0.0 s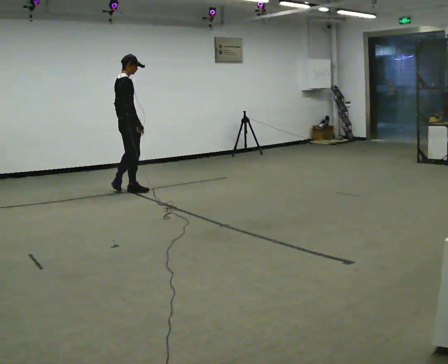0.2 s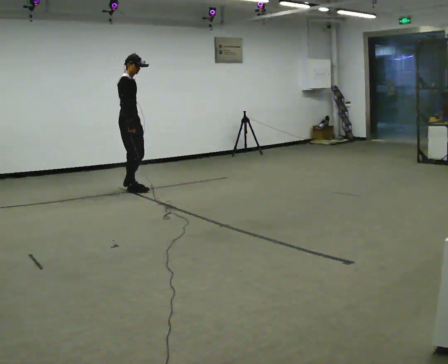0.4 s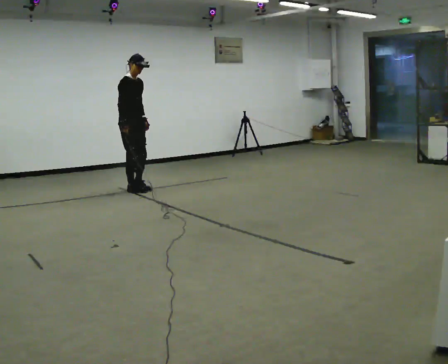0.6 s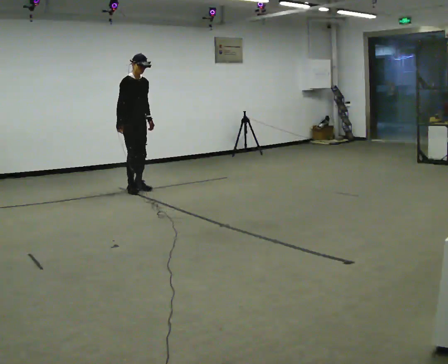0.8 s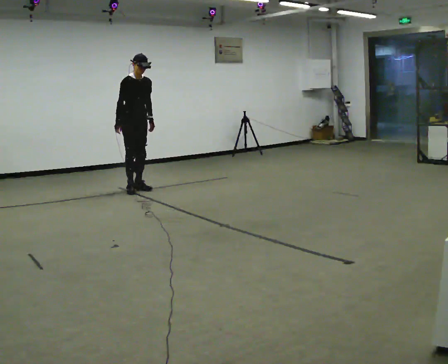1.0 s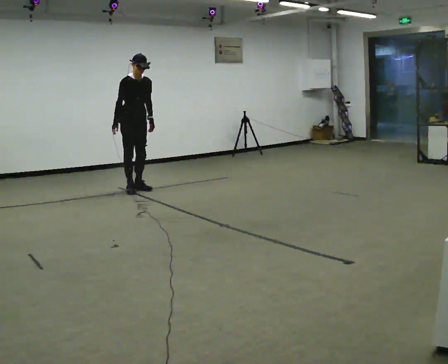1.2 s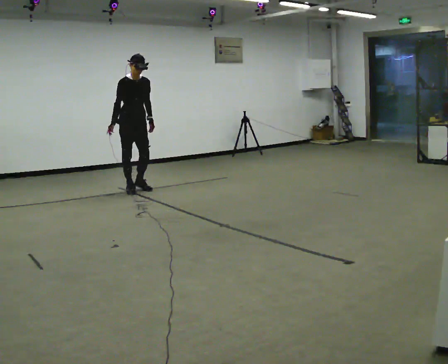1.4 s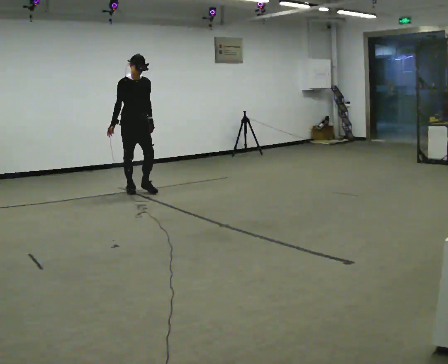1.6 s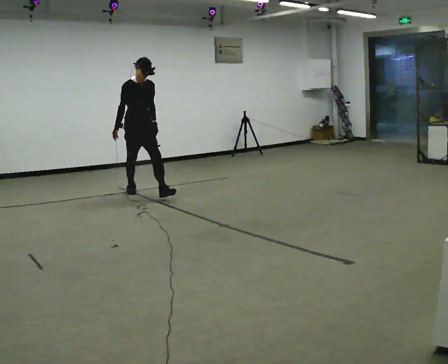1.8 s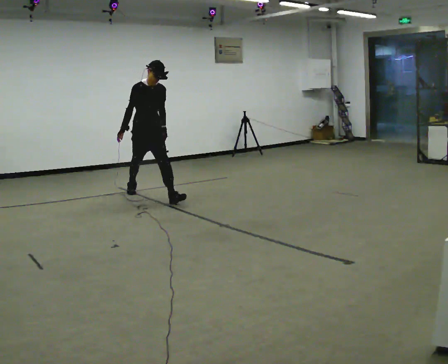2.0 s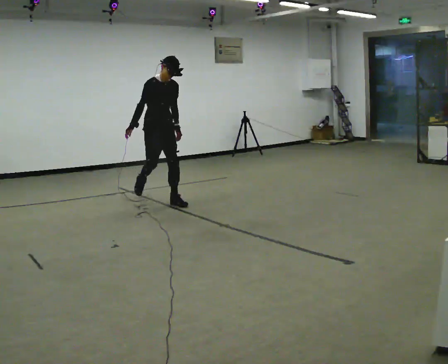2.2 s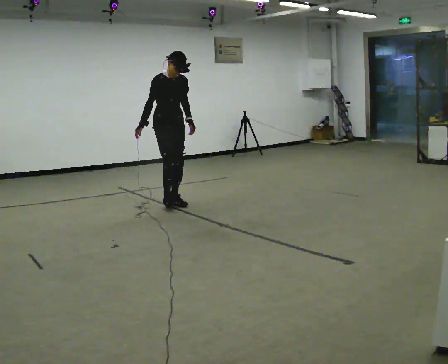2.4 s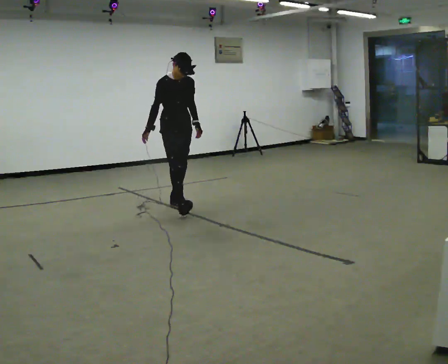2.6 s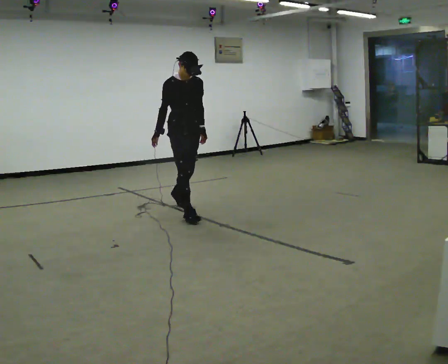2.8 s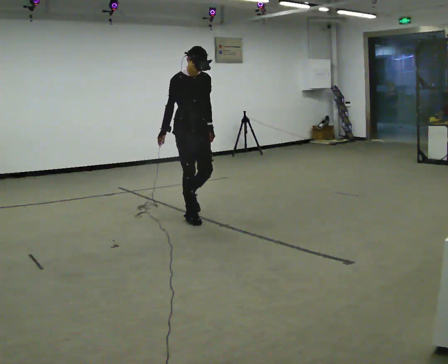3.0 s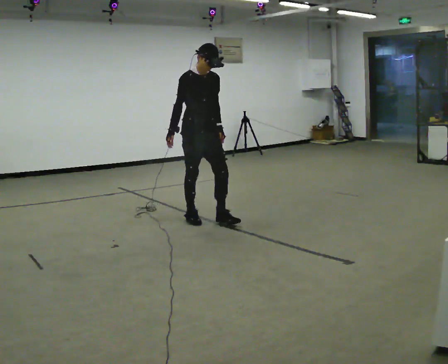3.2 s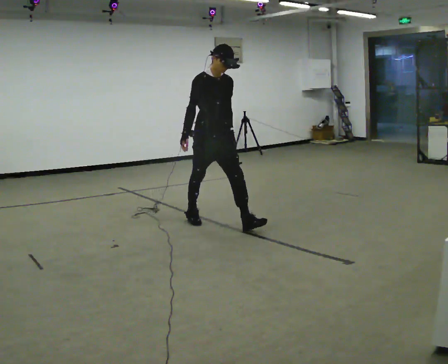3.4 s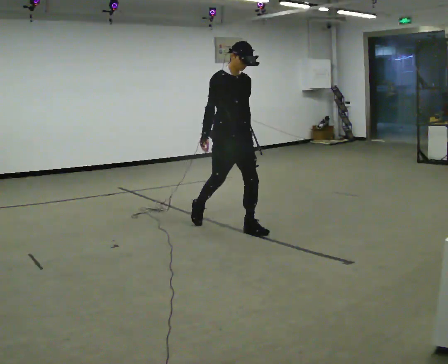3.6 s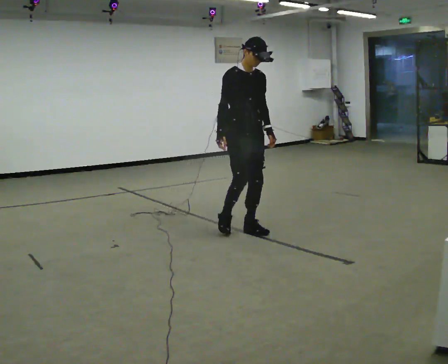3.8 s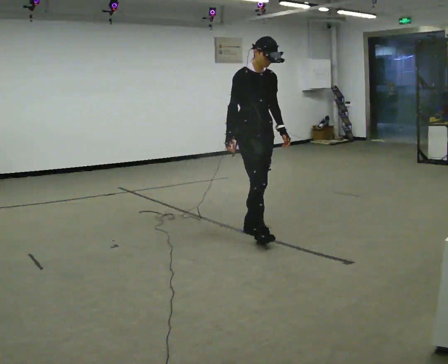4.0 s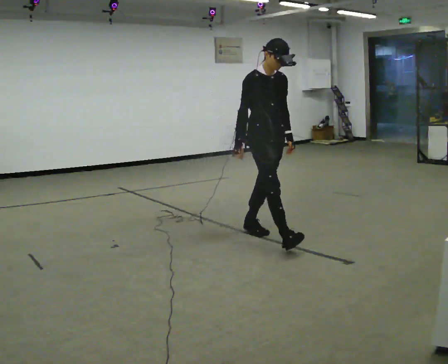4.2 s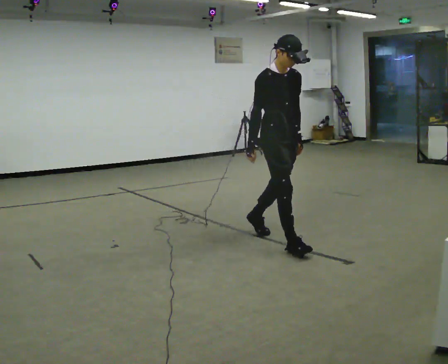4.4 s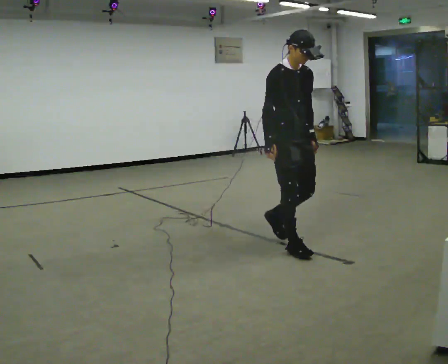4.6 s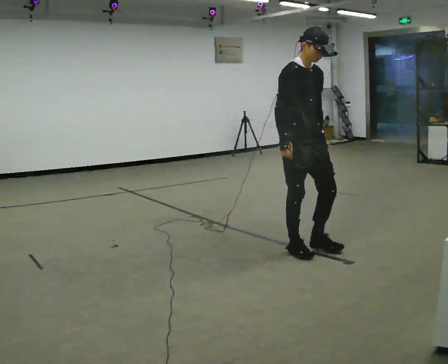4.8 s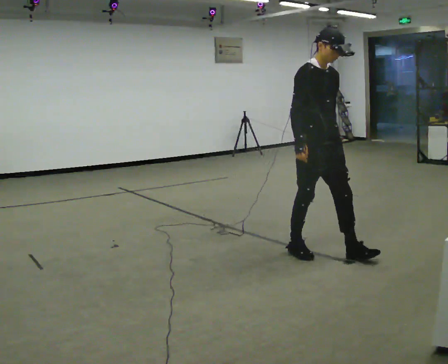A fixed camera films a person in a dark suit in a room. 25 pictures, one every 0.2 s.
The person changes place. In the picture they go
toward the camera.
0.0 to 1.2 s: The part of the body nearest the lens slides to the left as the person turns to their right by about 75 degrees. In the picture their right hand goes to the left.
1.2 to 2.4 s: In the picture they go toward the camera and to the right, about 1 m in 1 step, which for them is forward.
2.4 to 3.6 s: In the picture they go toward the camera and to the right, about 1 m in 2 steps, which for them is forward.
3.6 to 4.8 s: In the picture they go toward the camera and to the right, about 1 m in 2 steps, which for them is forward.
The film runs forward here.
